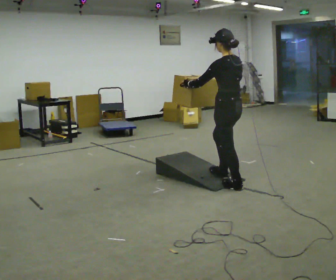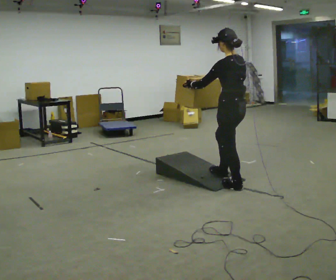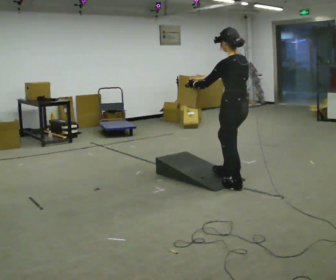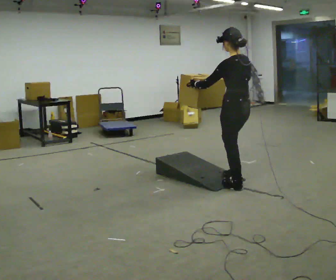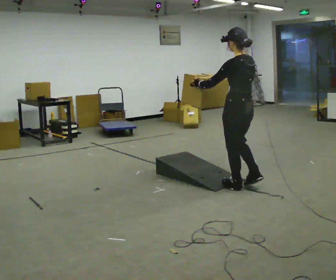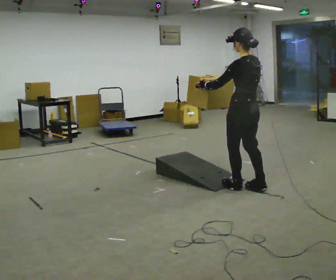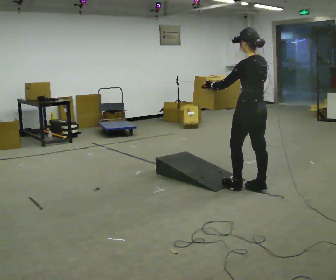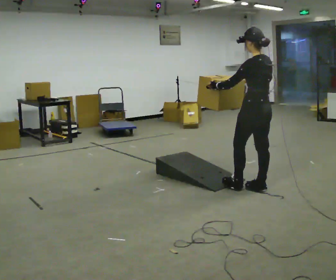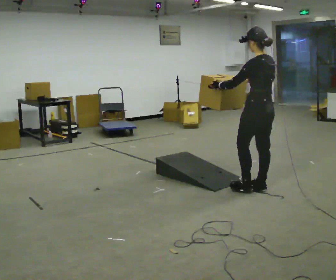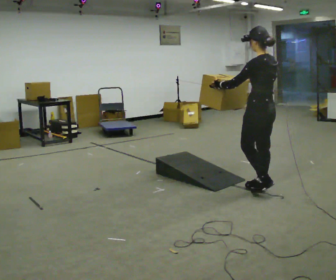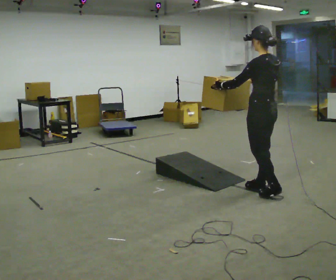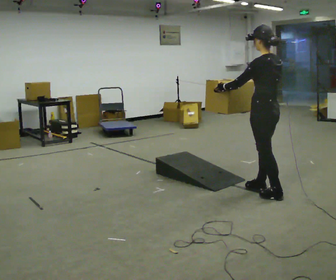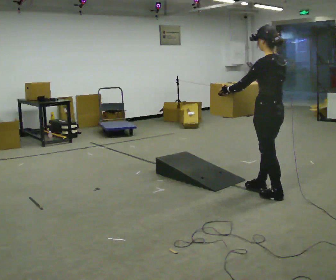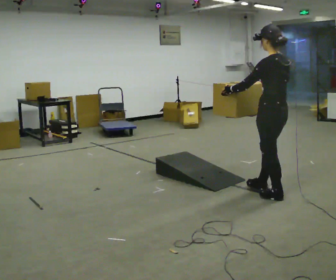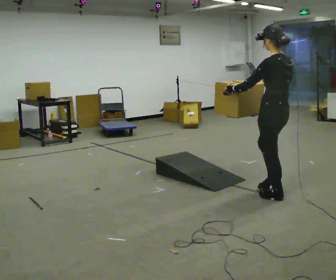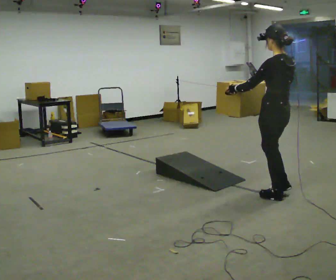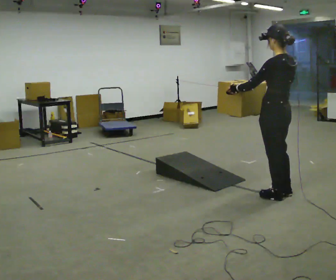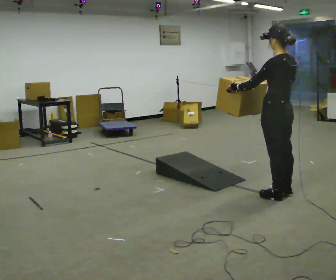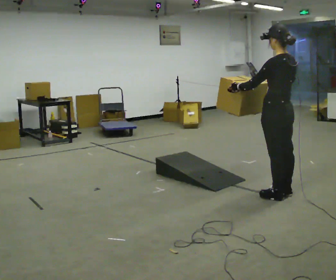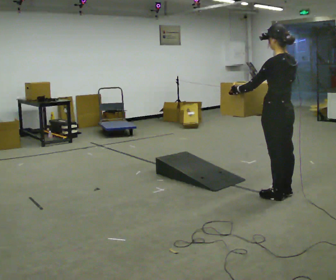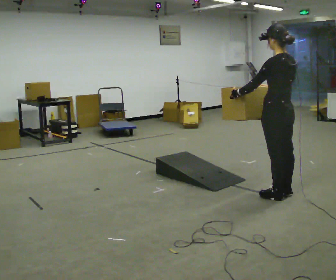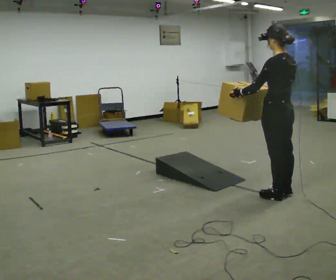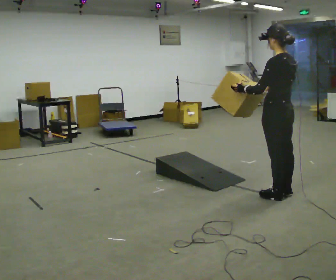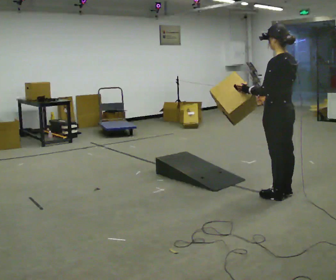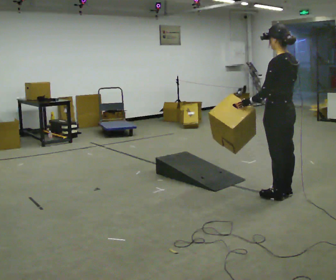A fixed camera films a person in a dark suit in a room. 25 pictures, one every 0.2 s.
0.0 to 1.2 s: In the picture they go to the right and toward the camera, about 0.25 m in 1 step, which for them is backward.
1.2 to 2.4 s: In the picture they go toward the camera, about 0.25 m in 1 step, which for them is backward.
2.4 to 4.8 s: The person moves a little, or ends about where they began.
The film runs backward here.
